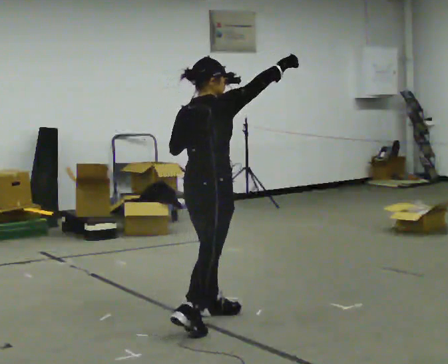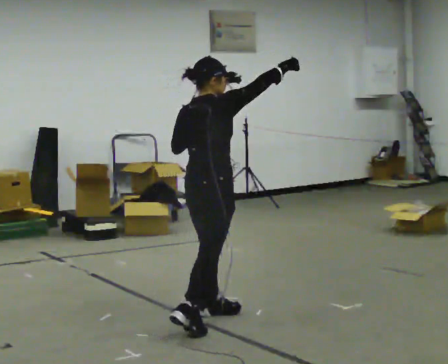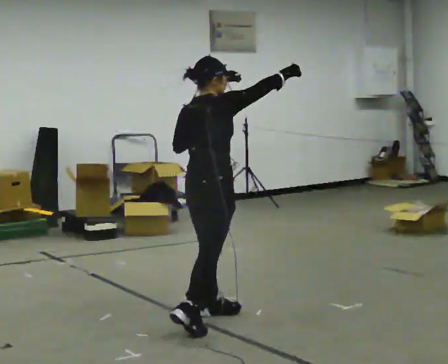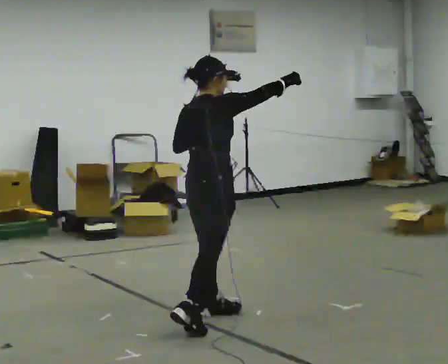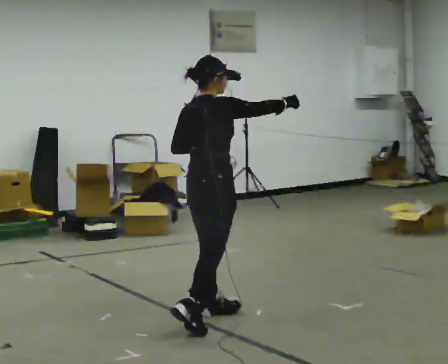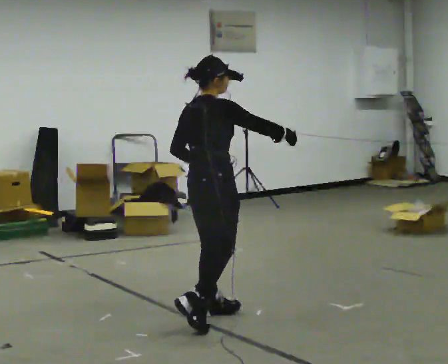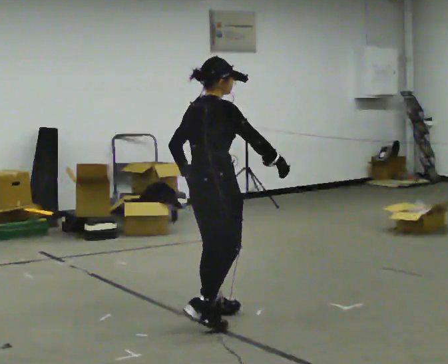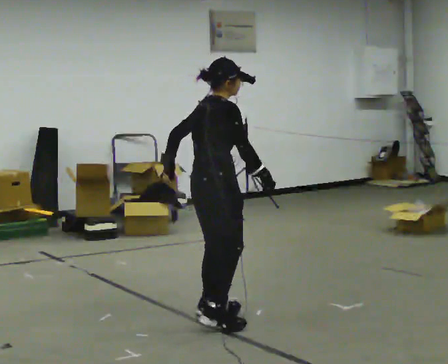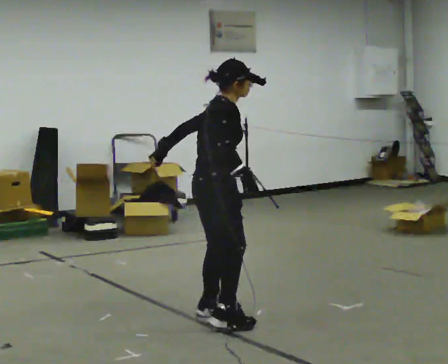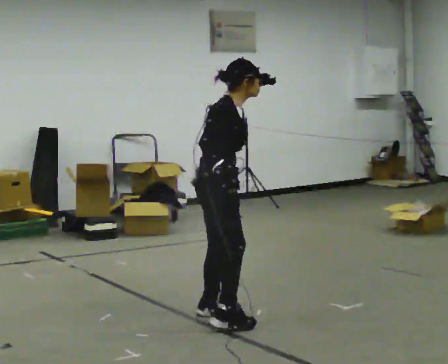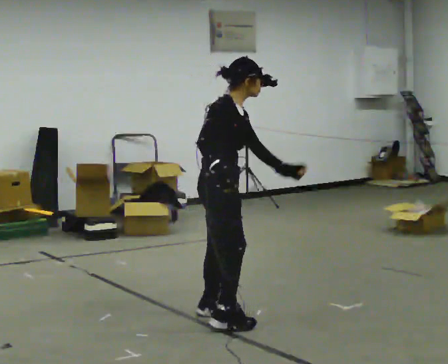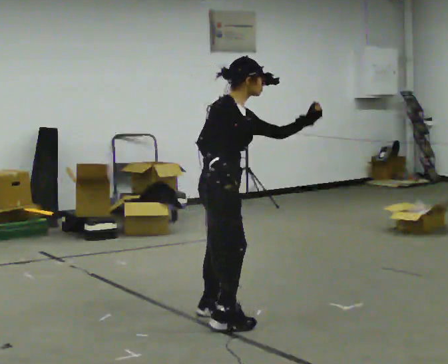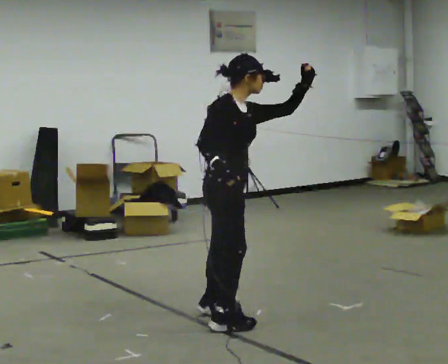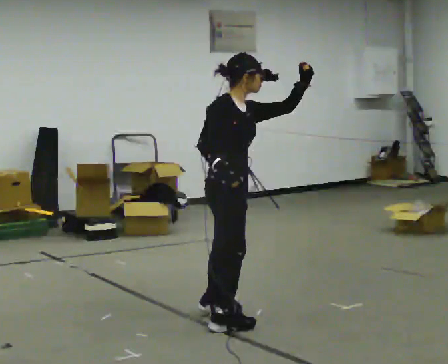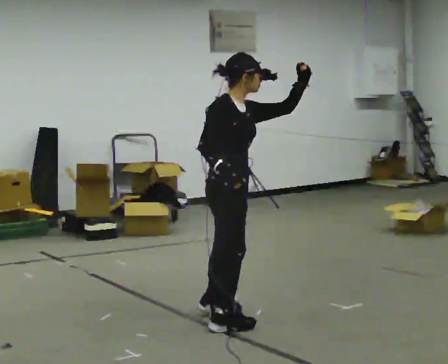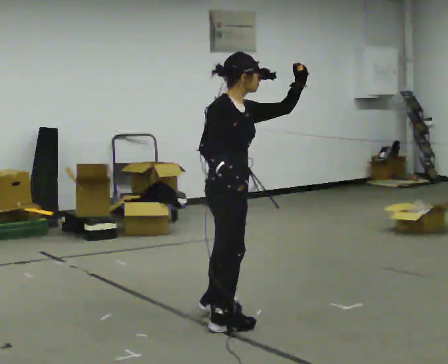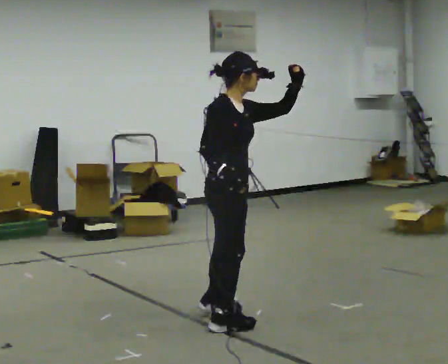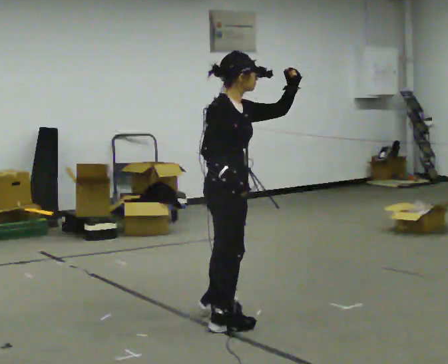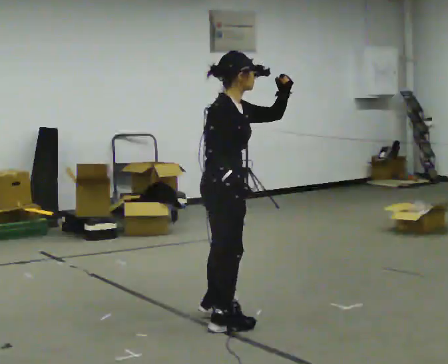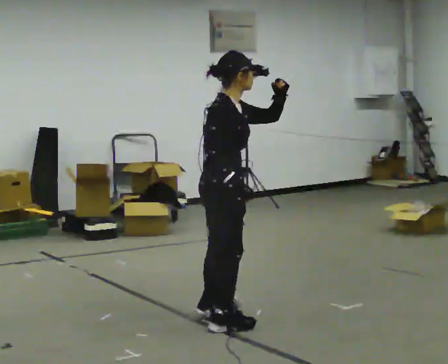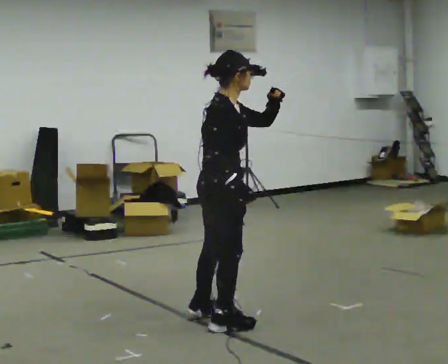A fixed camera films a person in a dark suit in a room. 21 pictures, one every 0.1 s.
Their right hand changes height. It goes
downward.
0.0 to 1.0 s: The part of the body nearest the lens slides to the left as the person turns to their right by about 45 degrees. In the picture their right hand goes downward and to the left.
1.0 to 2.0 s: The person moves a little, or ends about where they began.
The film runs forward here.
